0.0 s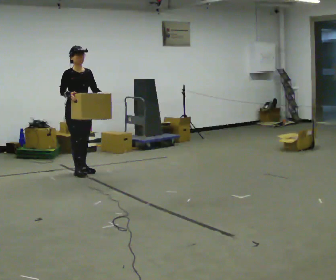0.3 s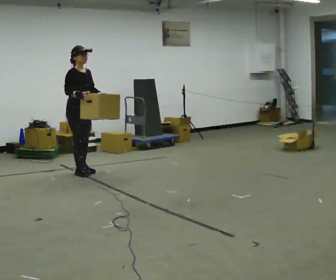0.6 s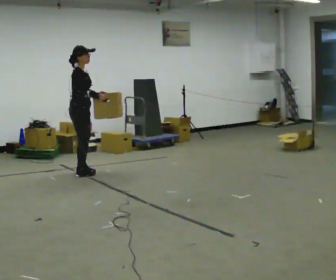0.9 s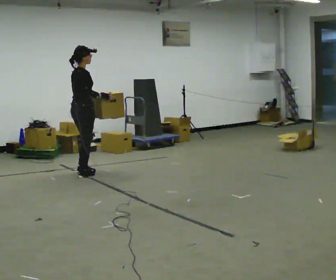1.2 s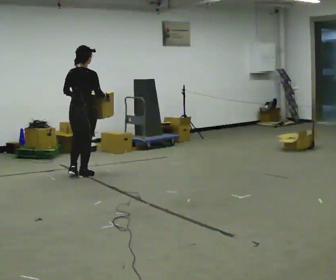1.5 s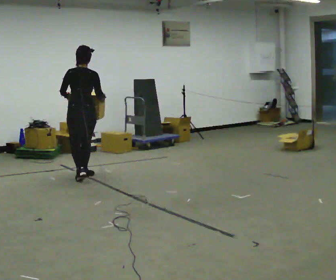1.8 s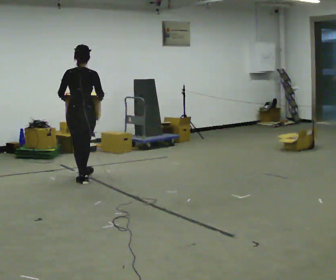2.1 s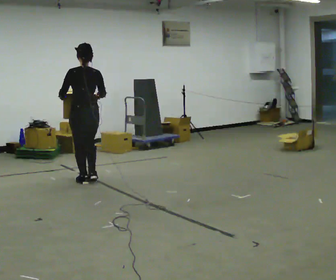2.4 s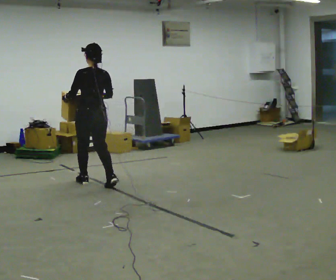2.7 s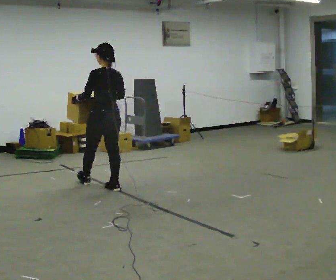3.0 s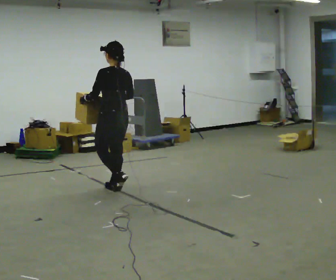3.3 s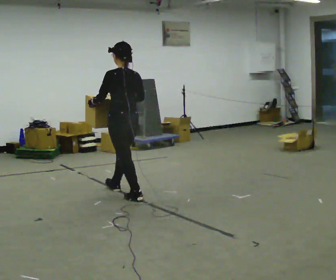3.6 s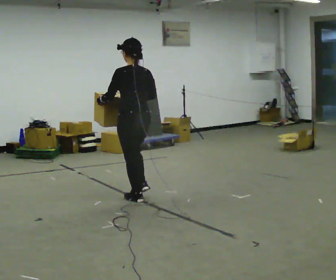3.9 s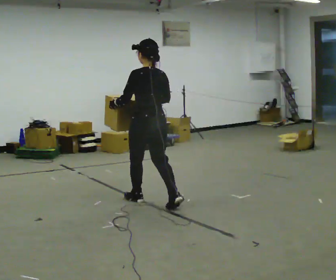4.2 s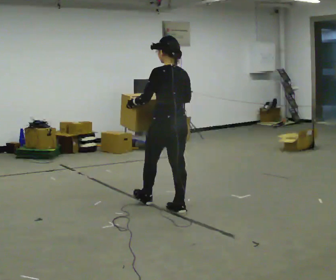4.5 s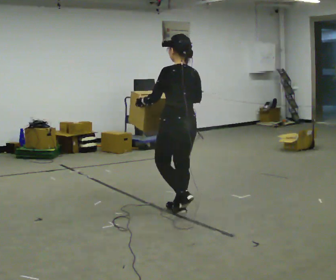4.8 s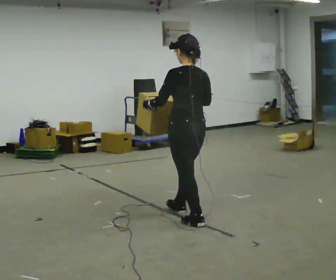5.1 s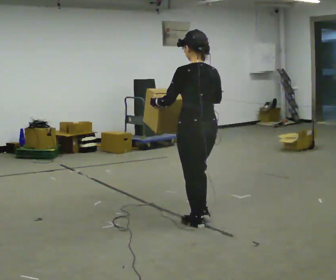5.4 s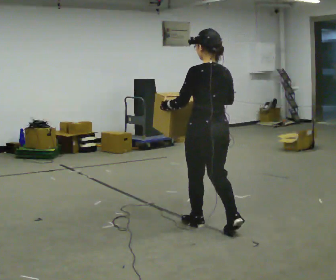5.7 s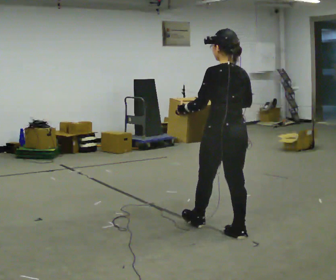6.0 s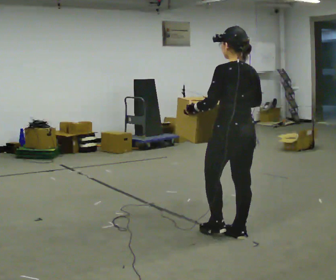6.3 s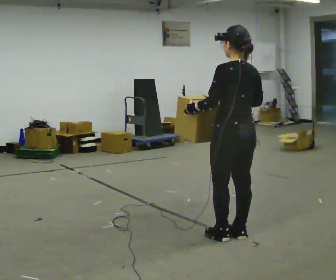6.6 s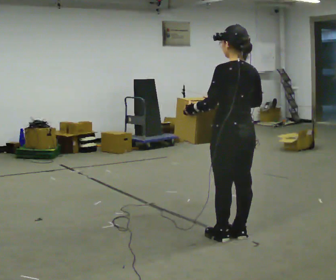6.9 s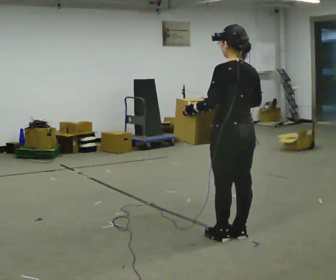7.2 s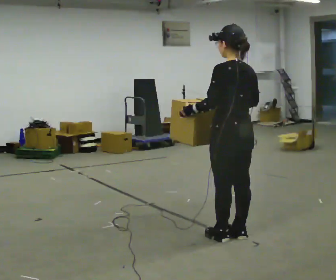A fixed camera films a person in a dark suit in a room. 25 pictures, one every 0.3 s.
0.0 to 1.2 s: The part of the body nearest the lens slides to the right as the person turns to their left by about 120 degrees. In the picture they go toward the camera, about 0.25 m in 2 steps. In the picture their left hand goes to the left.
1.2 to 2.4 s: Seen from above the body turns counterclockwise, about 45 degrees: to their left, with its near side sliding to the right. In the picture they go toward the camera and to the right, about 0.5 m in 1 step, which for them is backward.
2.4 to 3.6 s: In the picture they go toward the camera and to the right, about 1 m in 2 steps, which for them is backward.
3.6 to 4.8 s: In the picture they go toward the camera and to the right, about 1 m in 1 step, which for them is backward.
4.8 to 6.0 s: In the picture they go toward the camera and to the right, about 0.5 m in 2 steps, which for them is backward.
6.0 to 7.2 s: The person moves a little, or ends about where they began.
The film runs backward here.
